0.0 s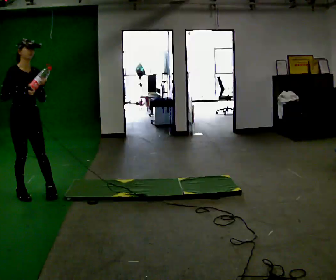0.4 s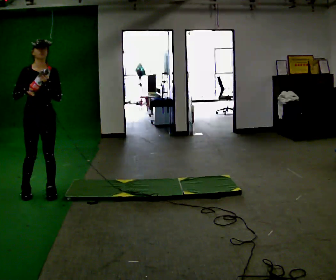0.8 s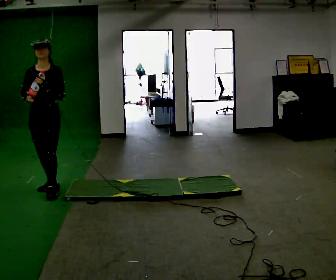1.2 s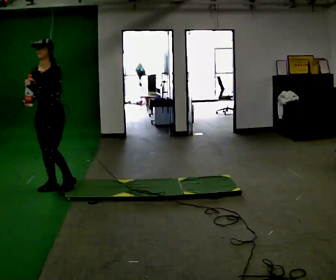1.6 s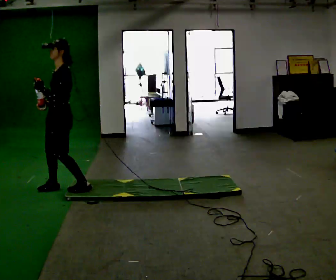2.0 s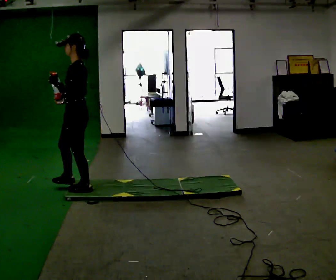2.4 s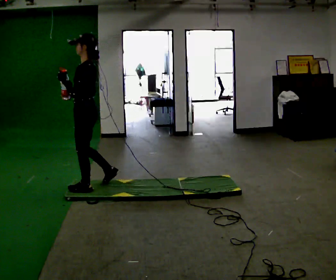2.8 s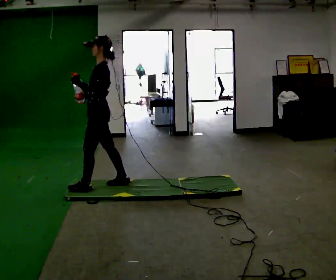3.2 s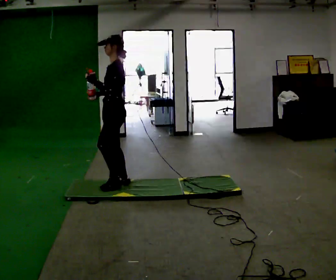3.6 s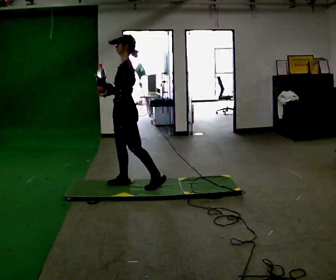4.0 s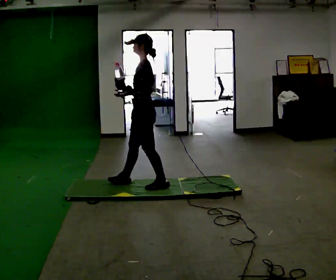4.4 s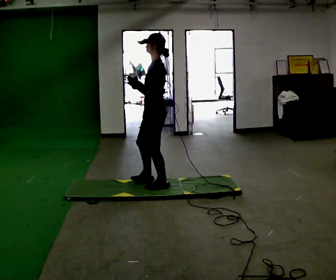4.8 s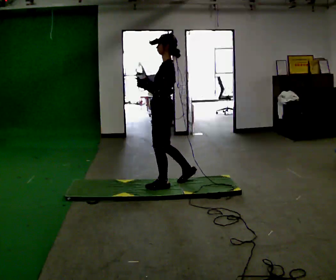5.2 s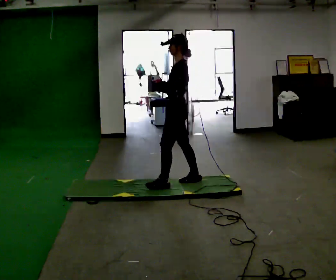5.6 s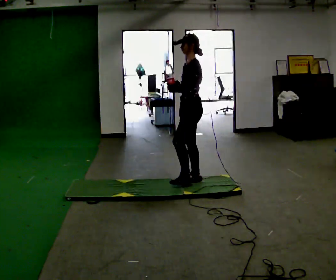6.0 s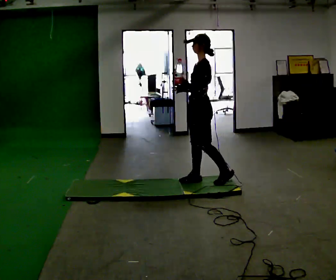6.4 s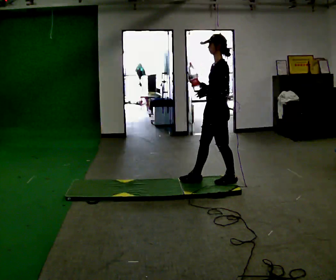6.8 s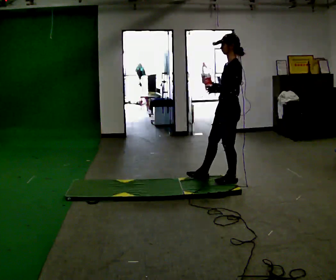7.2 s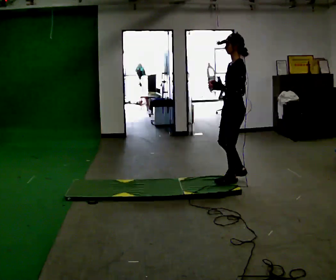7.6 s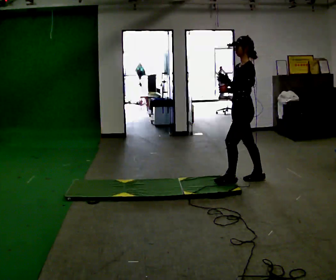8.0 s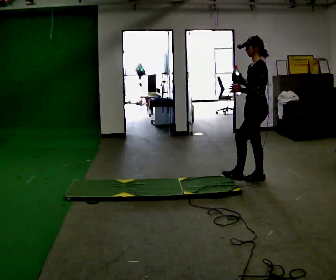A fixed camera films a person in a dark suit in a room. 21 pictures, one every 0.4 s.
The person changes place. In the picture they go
to the right.
0.0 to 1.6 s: The part of the body nearest the lens slides to the left as the person turns to their right by about 120 degrees. In the picture they go to the right and away from the camera, about 0.5 m in 2 steps.
1.6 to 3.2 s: In the picture they go to the right, about 0.5 m in 2 steps, which for them is backward.
3.2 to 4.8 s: The part of the body nearest the lens slides to the left as the person turns to their right by about 30 degrees. In the picture they go to the right, about 0.5 m in 1 step, which for them is backward.
4.8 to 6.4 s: In the picture they go to the right, about 0.5 m in 1 step, which for them is backward.
6.4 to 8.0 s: In the picture they go to the right, about 0.5 m in 2 steps, which for them is backward.
The film runs backward here.
